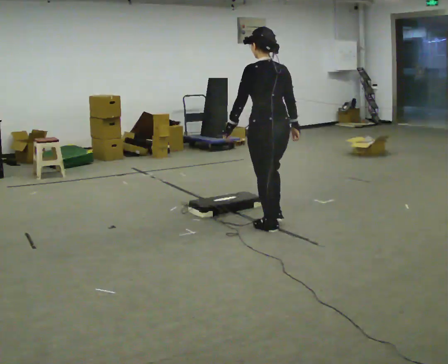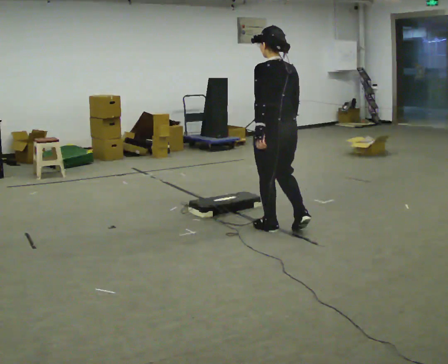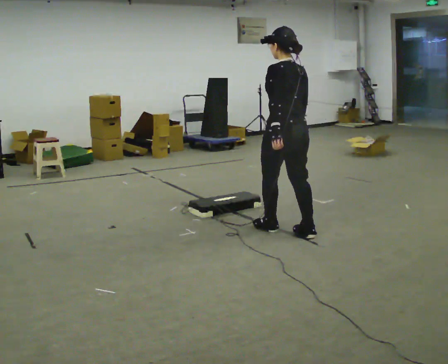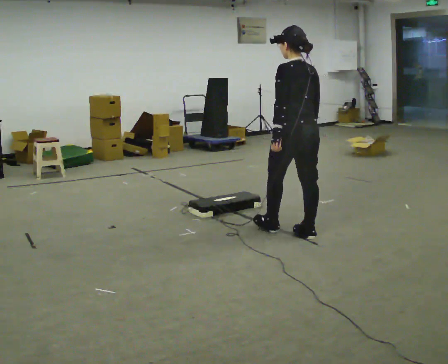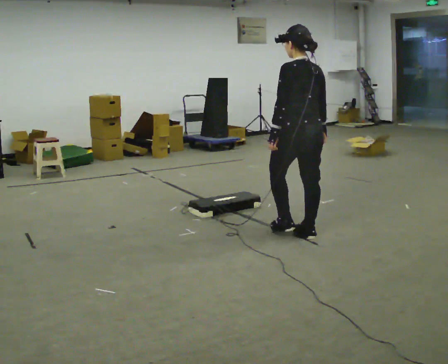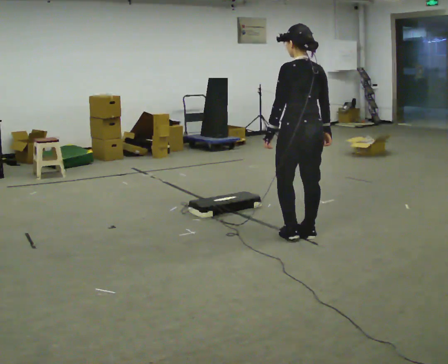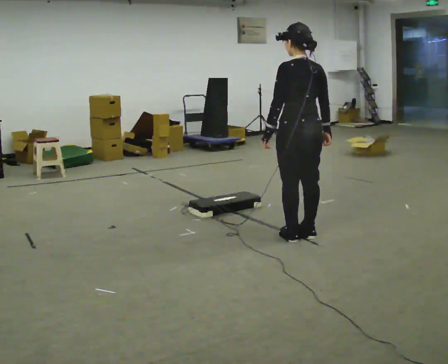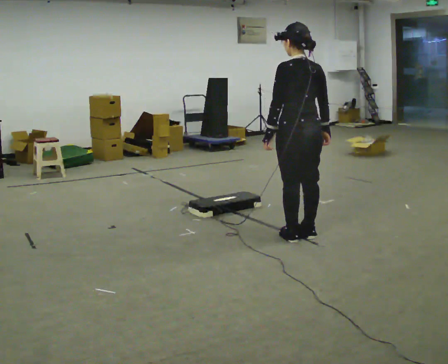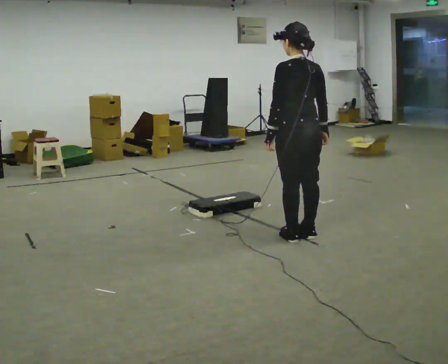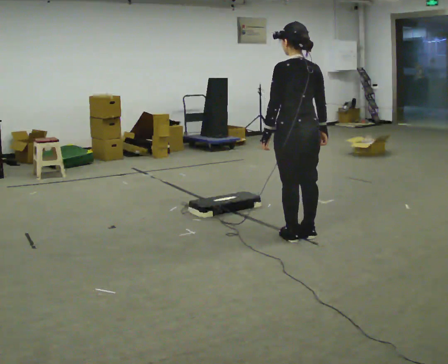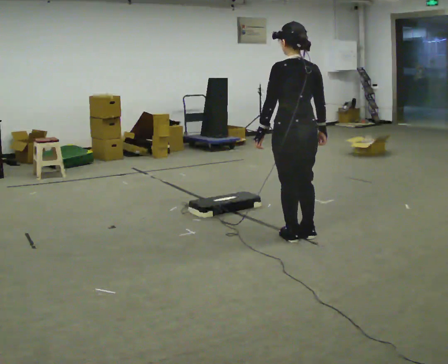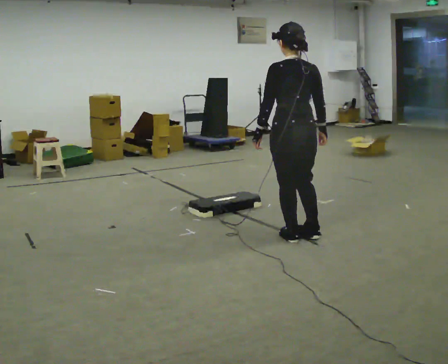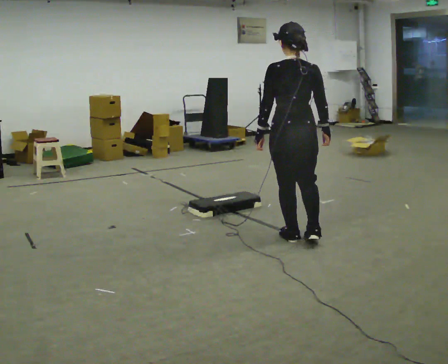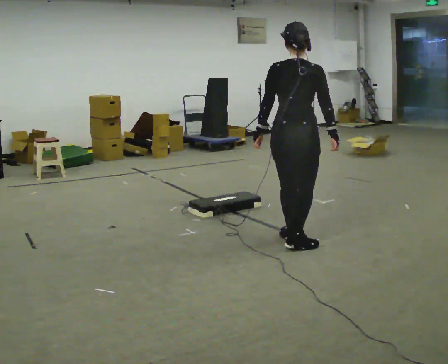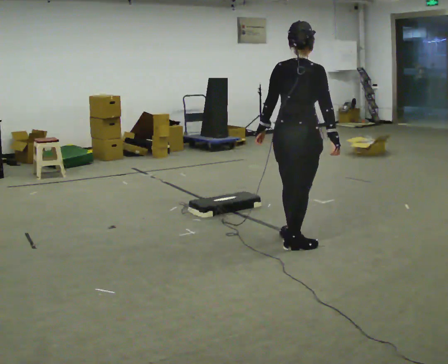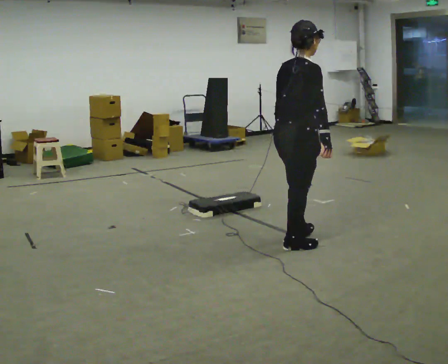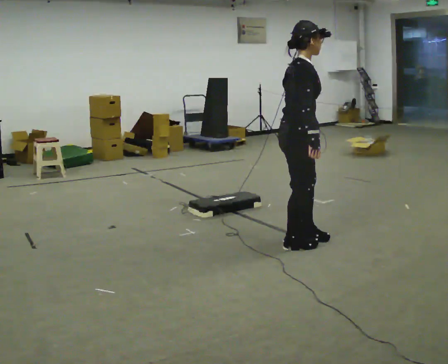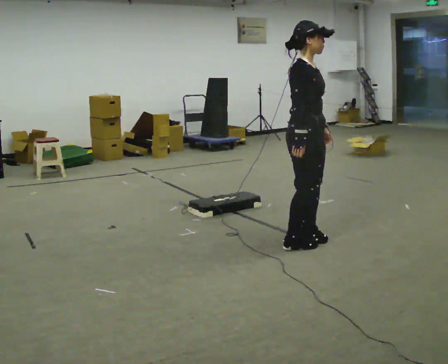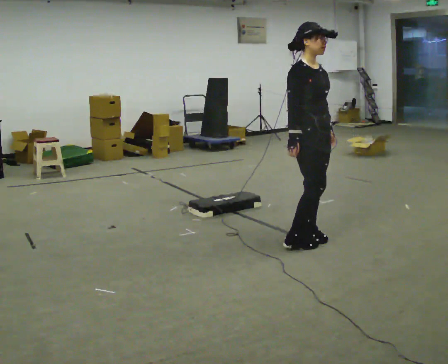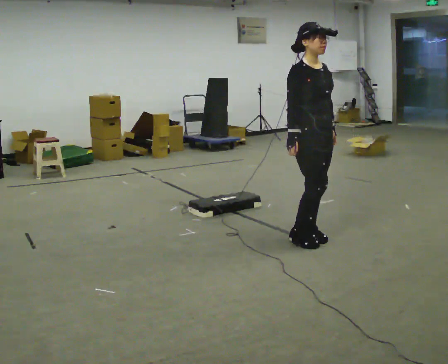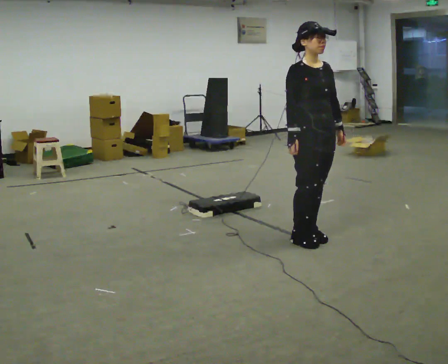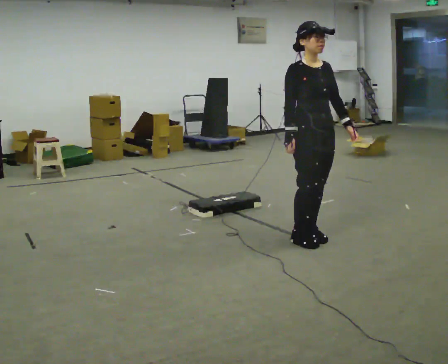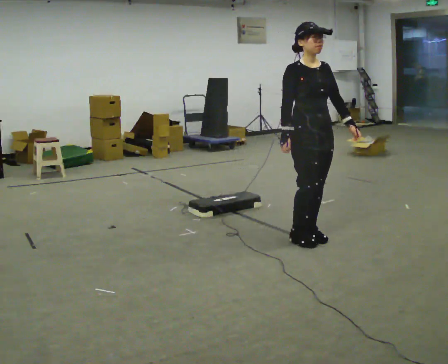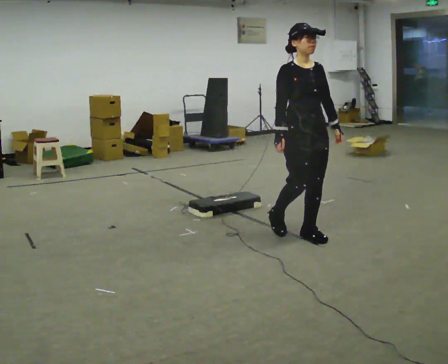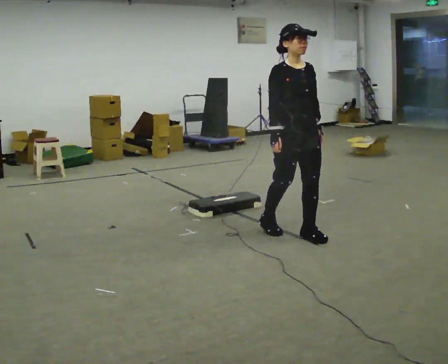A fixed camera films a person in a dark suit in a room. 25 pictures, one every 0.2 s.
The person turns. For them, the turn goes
to their right.
The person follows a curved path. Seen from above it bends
counterclockwise.
0.0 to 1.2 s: In the picture they go to the right and toward the camera, about 0.5 m in 2 steps, which for them is backward.
1.2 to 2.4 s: The person moves a little, or ends about where they began.
2.4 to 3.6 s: The person turns about 120 degrees to their right, clockwise seen from above, so the part of the body nearest the lens slides to the left. In the picture their left hand goes to the right.
3.6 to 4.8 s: Seen from above the body turns clockwise, about 45 degrees: to their right, with its near side sliding to the left.
The film runs backward here.
